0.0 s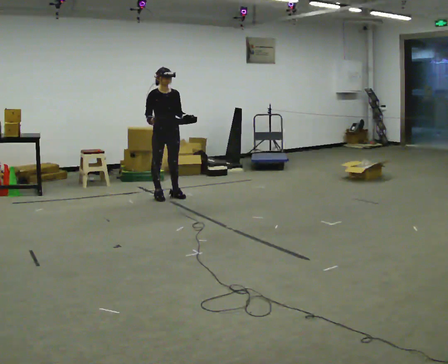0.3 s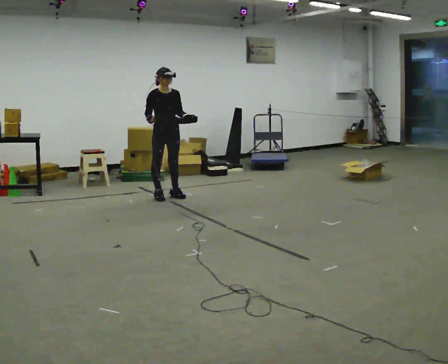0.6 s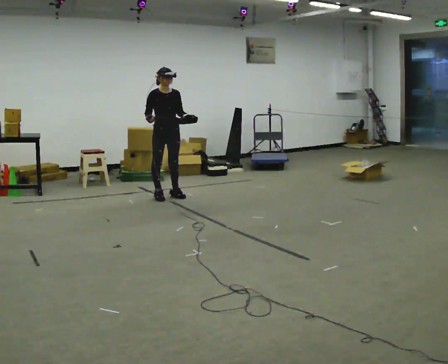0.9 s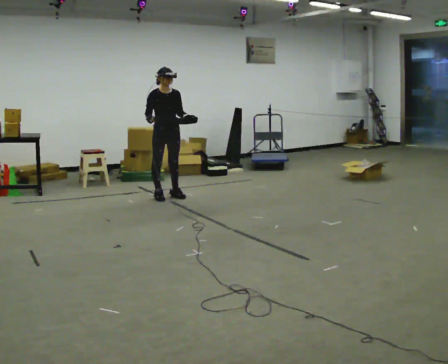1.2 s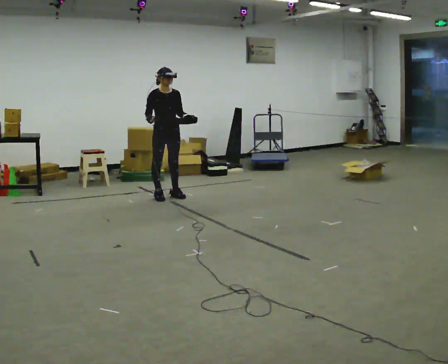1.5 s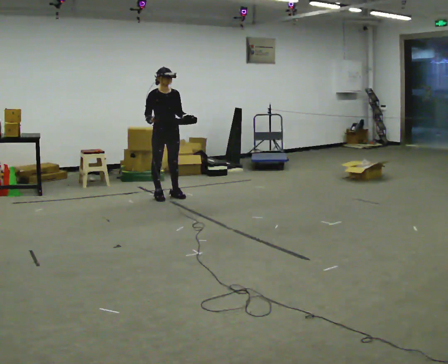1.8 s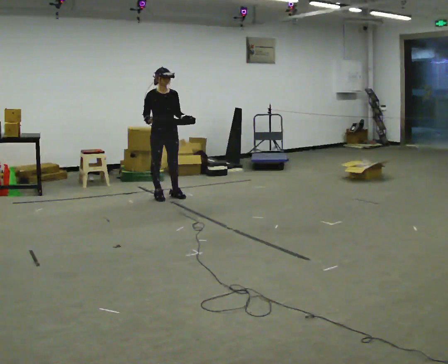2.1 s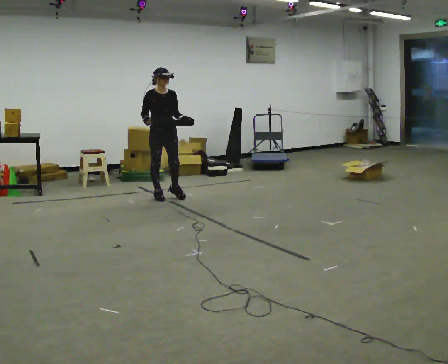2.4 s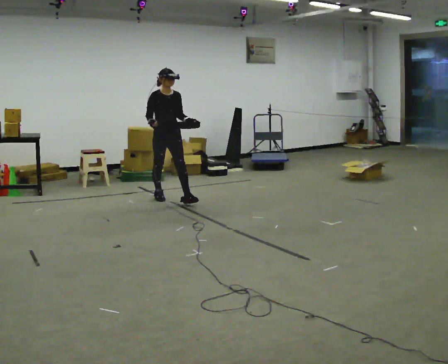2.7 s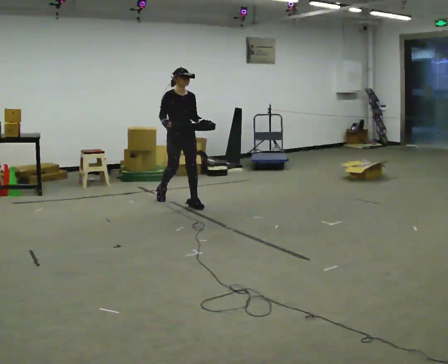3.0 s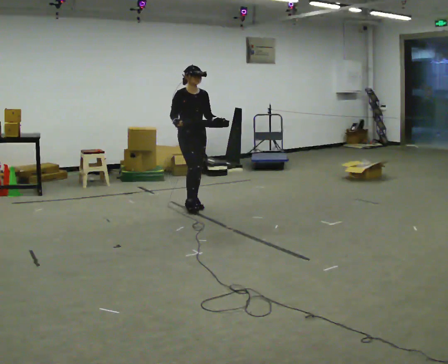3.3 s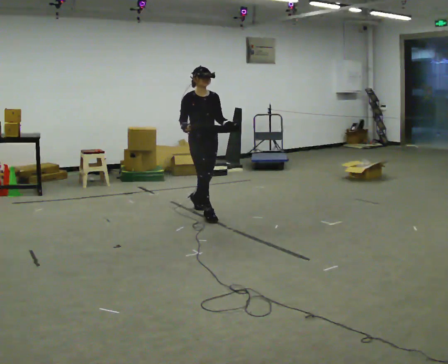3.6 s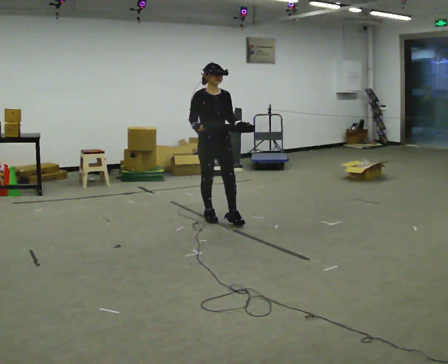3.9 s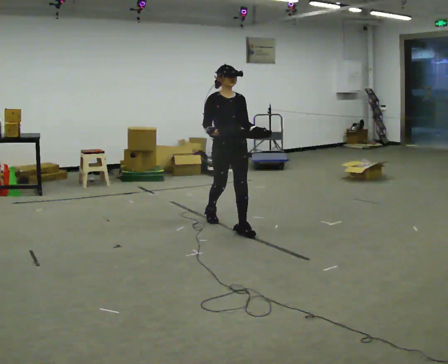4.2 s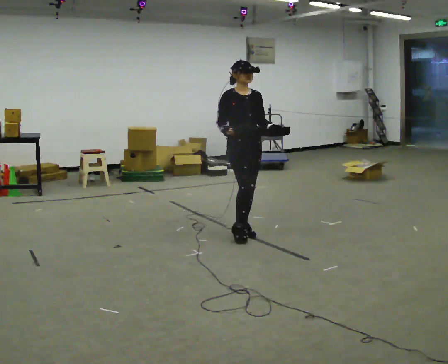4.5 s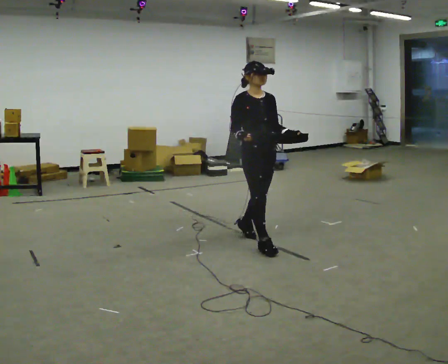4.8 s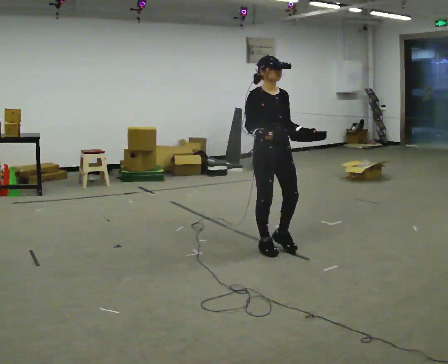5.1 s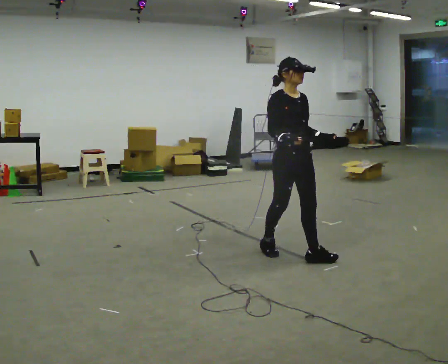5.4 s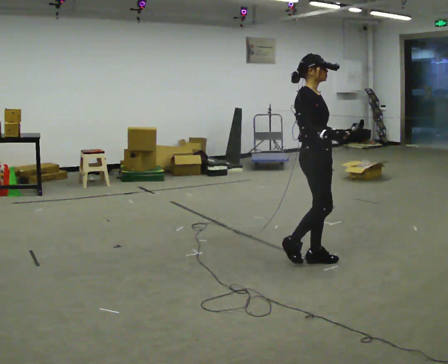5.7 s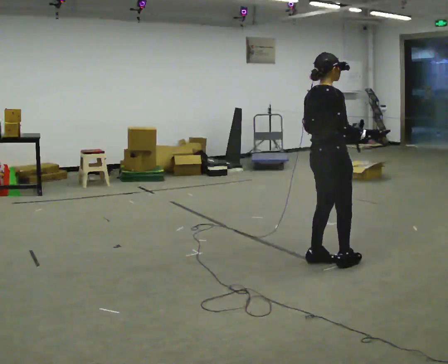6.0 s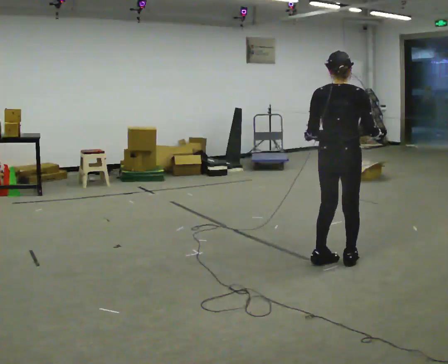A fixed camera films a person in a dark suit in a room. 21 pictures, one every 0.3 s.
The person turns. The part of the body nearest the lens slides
to the right.
The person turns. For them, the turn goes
to their left.
0.0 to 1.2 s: The person keeps their place and pose.
1.2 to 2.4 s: In the picture they go toward the camera, about 0.25 m, which for them is forward.
2.4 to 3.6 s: In the picture they go toward the camera and to the right, about 1 m in 2 steps, which for them is forward.
3.6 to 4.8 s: In the picture they go toward the camera and to the right, about 1 m in 2 steps, which for them is forward.
4.8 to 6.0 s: Seen from above the body turns counterclockwise, about 135 degrees: to their left, with its near side sliding to the right. In the picture they go to the right and toward the camera, about 0.5 m in 2 steps.
The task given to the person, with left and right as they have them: Carry the box with its lid hanging open across the room, back and forth.
The film runs forward here.
